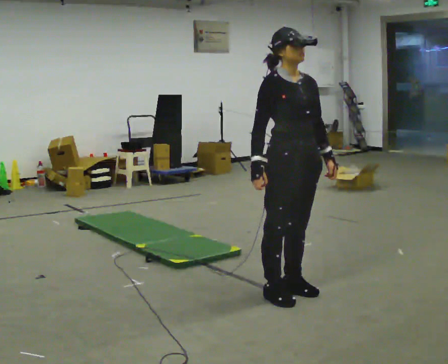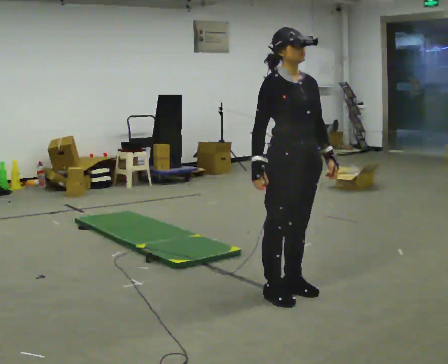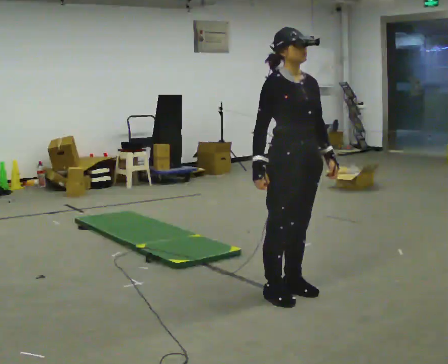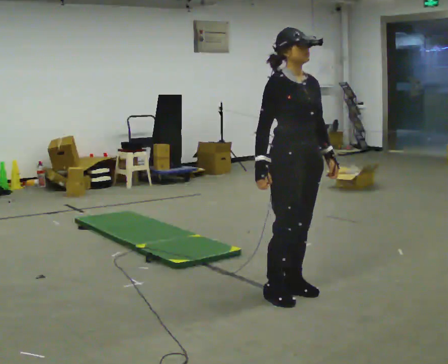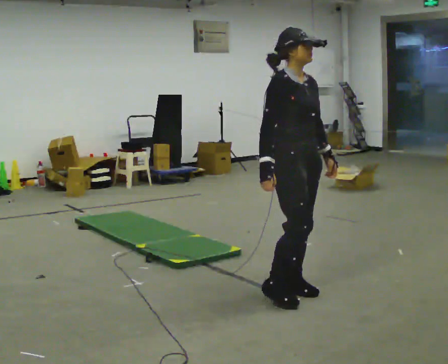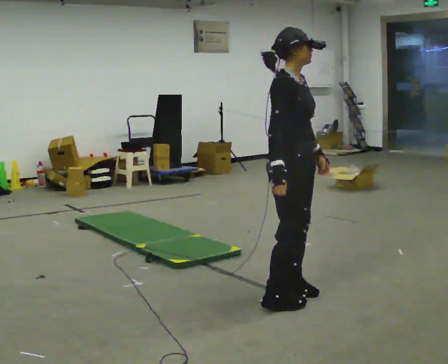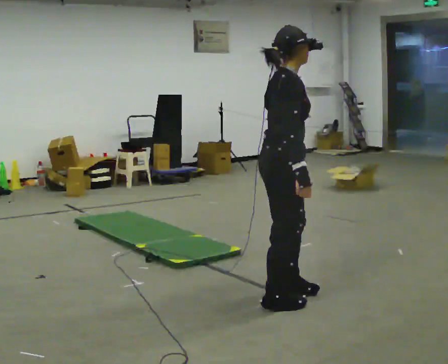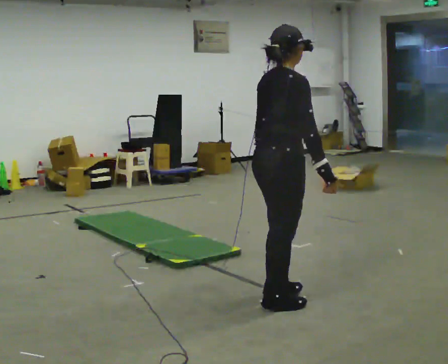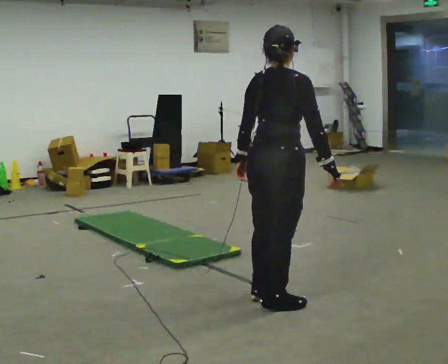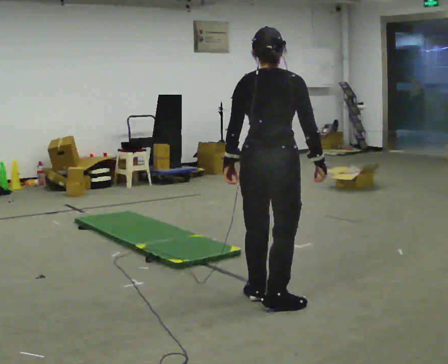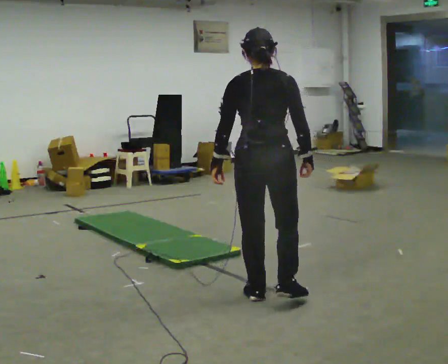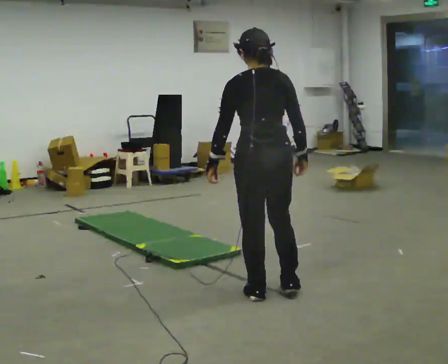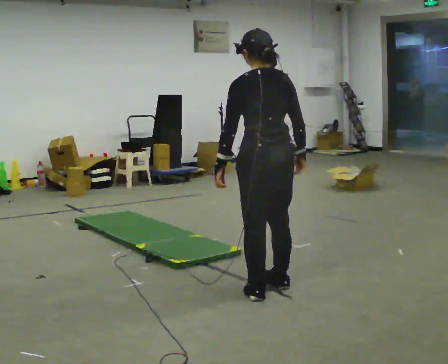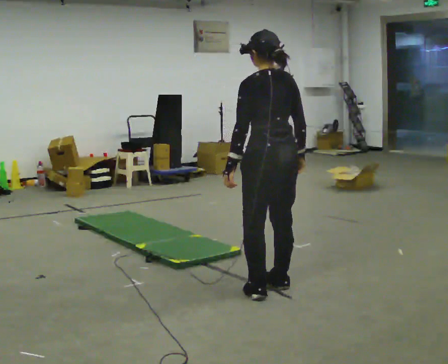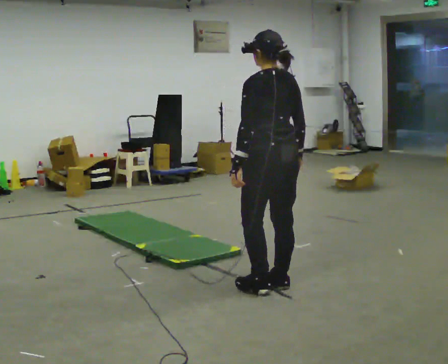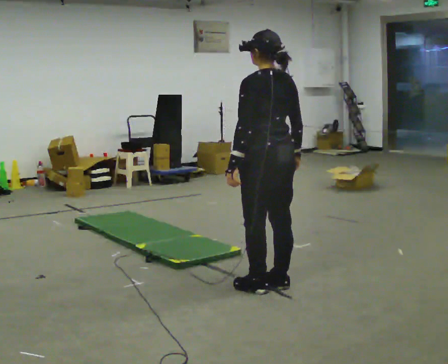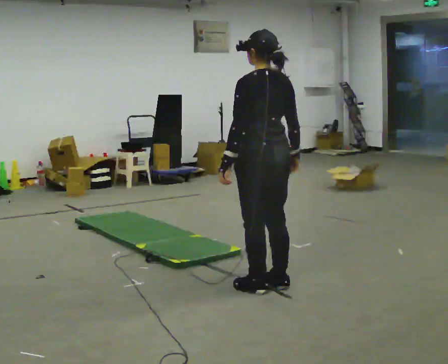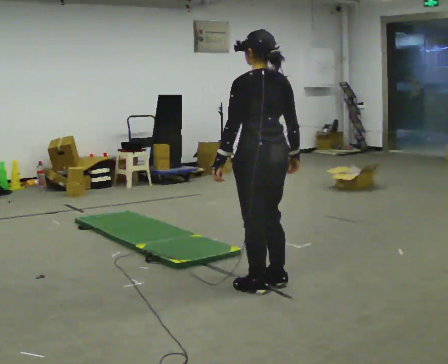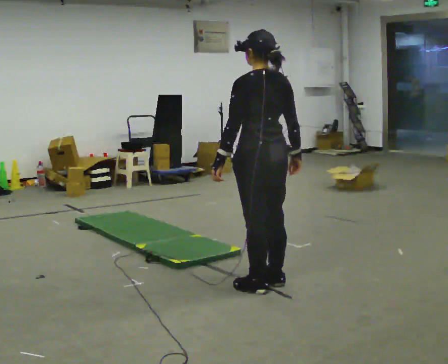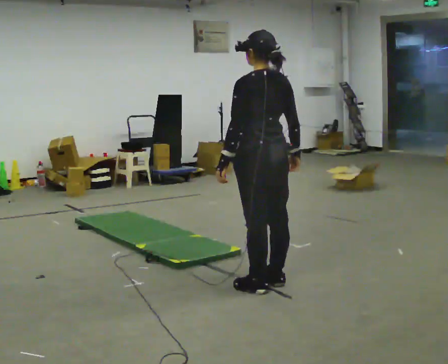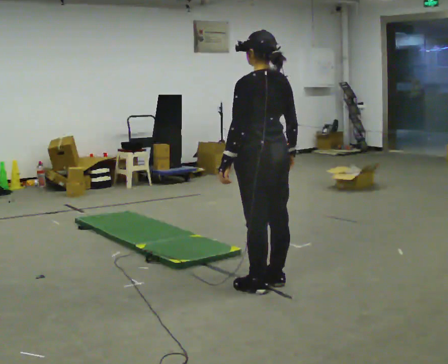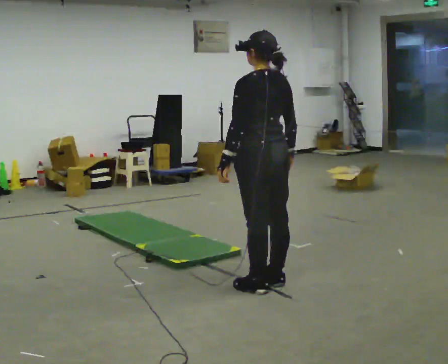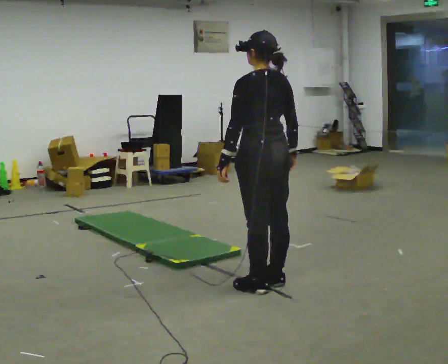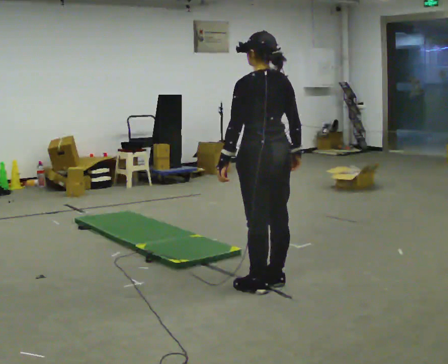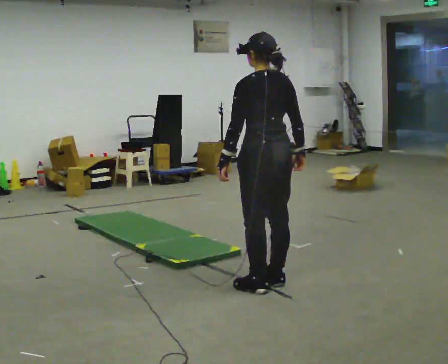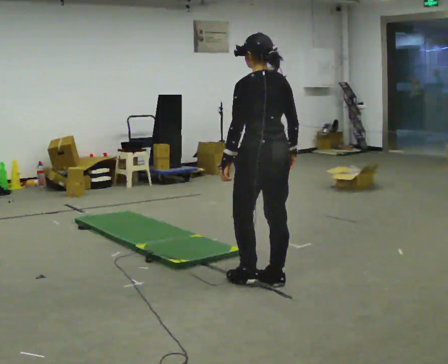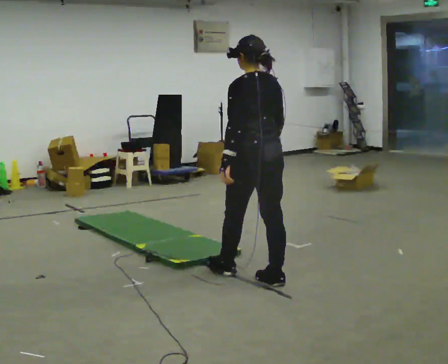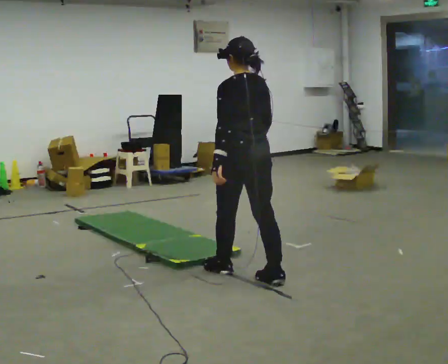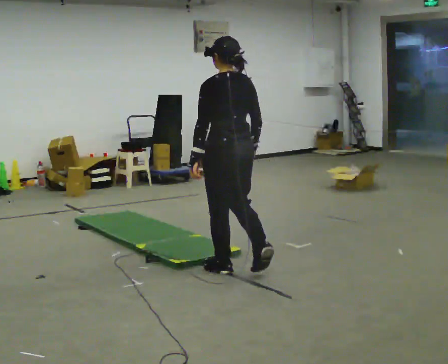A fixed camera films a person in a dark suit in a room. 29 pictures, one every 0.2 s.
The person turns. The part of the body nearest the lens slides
to the right.
The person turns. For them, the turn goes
to their left.
0.0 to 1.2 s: The part of the body nearest the lens slides to the right as the person turns to their left by about 45 degrees.
1.2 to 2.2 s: Seen from above the body turns counterclockwise, about 105 degrees: to their left, with its near side sliding to the right.
2.2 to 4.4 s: The part of the body nearest the lens slides to the right as the person turns to their left by about 30 degrees. In the picture they go away from the camera, about 0.25 m in 1 step, which for them is forward and to their right.
4.4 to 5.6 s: In the picture they go to the left and away from the camera, about 0.25 m in 1 step, which for them is forward.
The film runs forward here.
